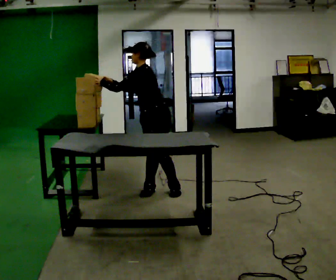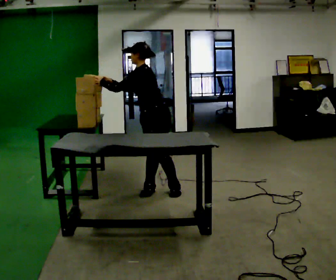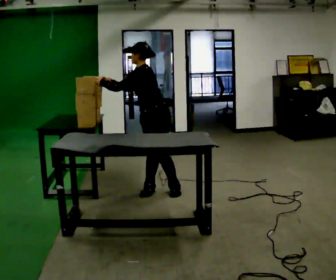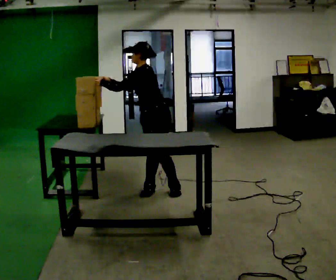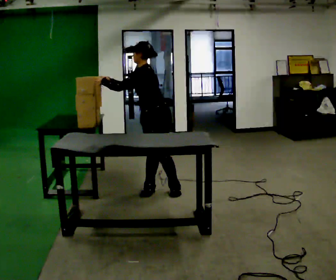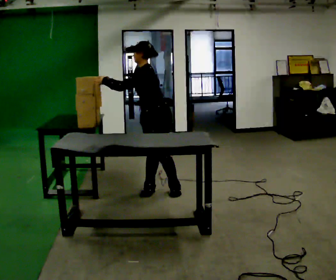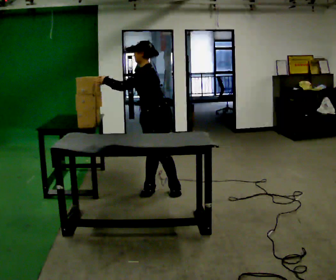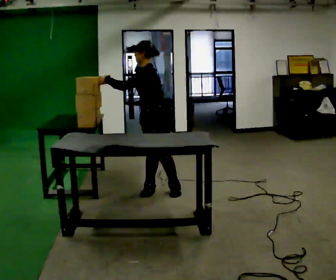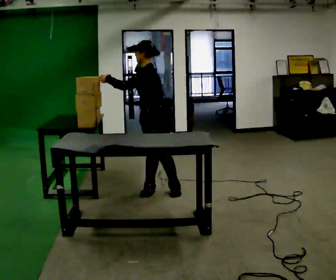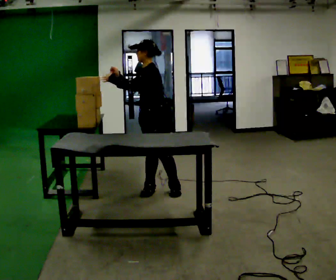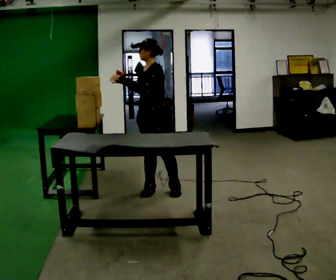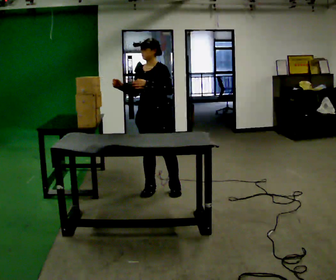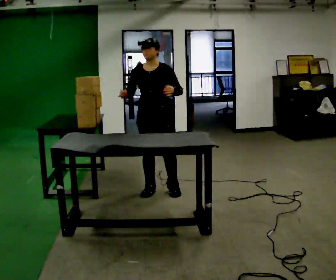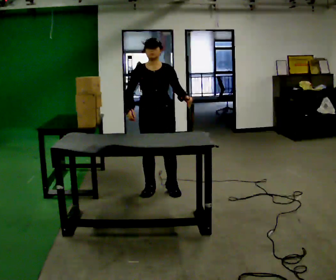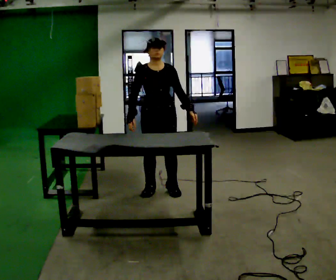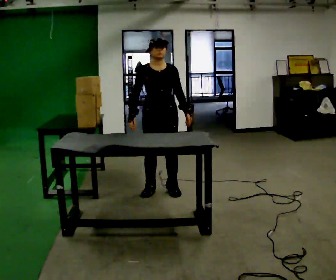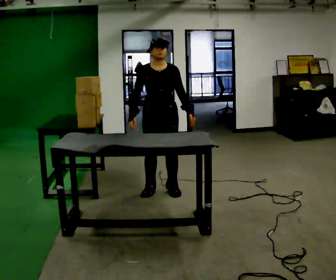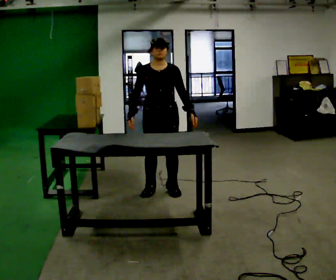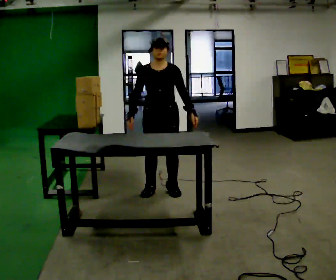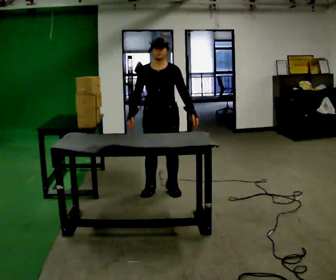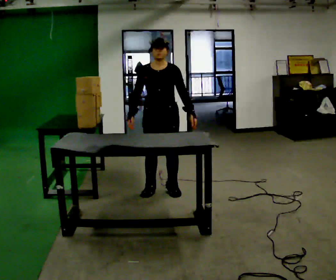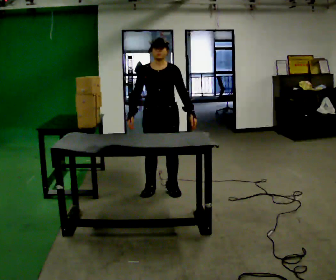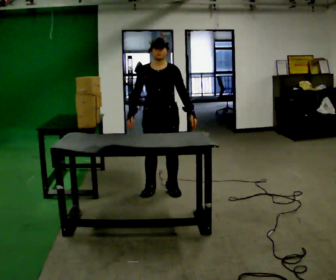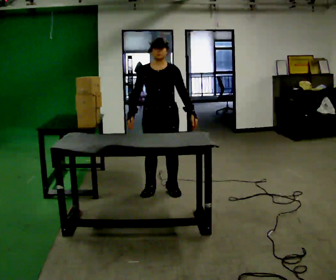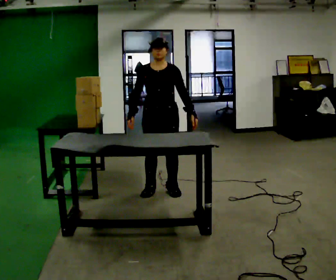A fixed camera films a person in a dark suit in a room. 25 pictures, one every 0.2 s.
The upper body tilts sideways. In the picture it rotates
clockwise.
0.0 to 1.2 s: The person moves a little, or ends about where they began.
1.2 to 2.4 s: The person turns about 60 degrees to their left, counterclockwise seen from above, so the part of the body nearest the lens slides to the right. In the picture their left hand goes to the right.
2.4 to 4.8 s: The person moves a little, or ends about where they began.
The film runs forward here.
